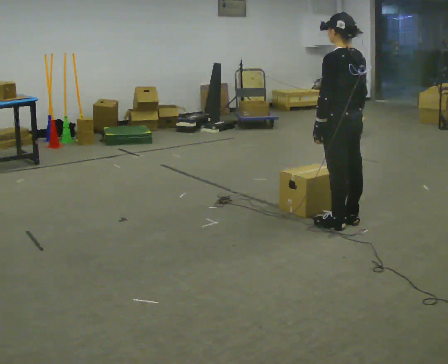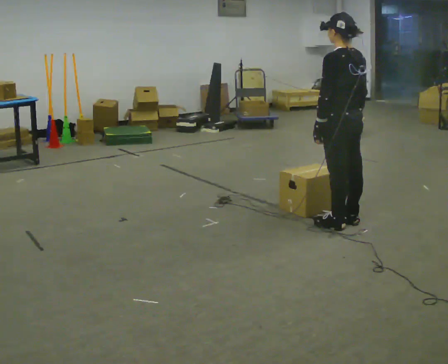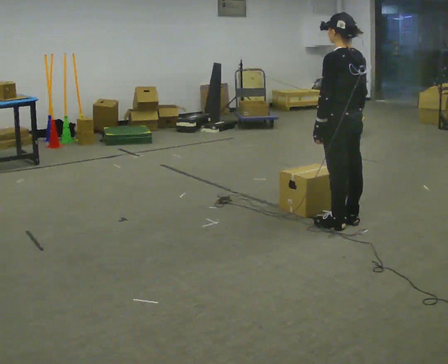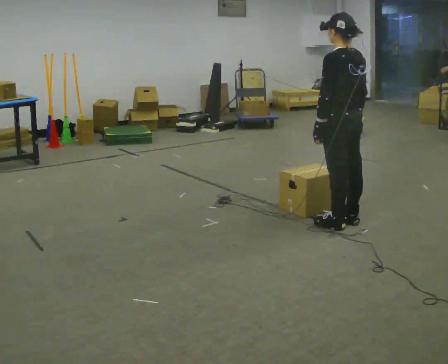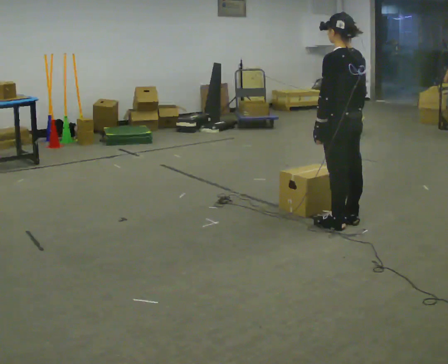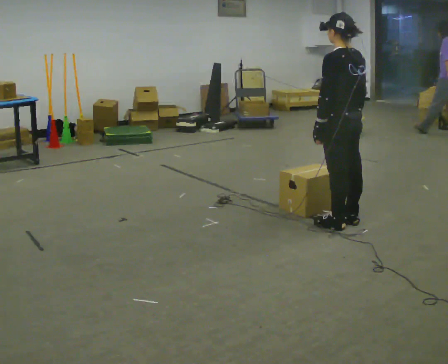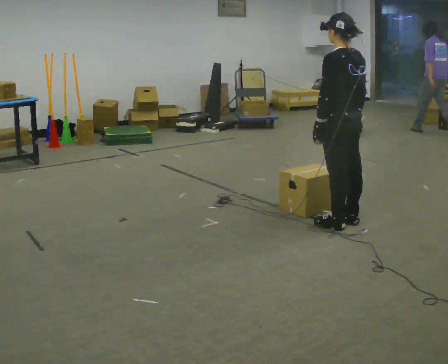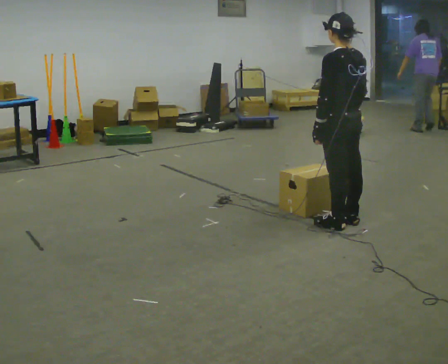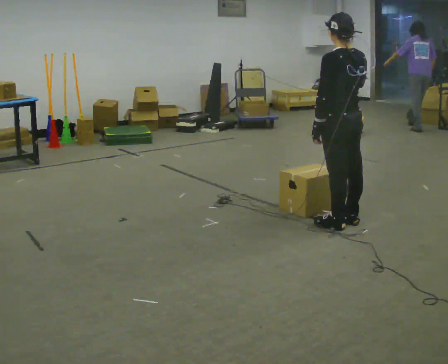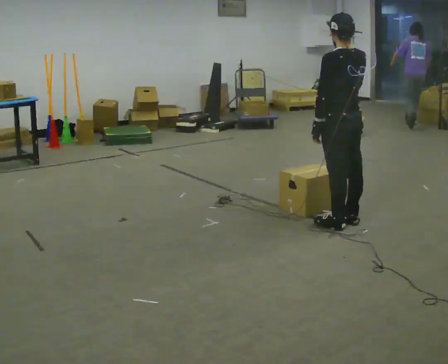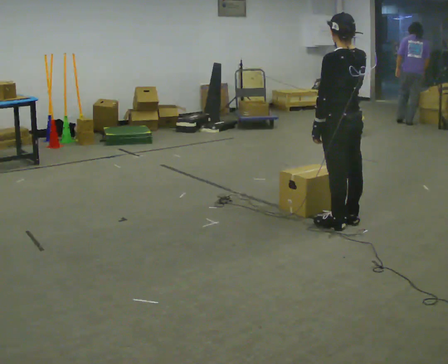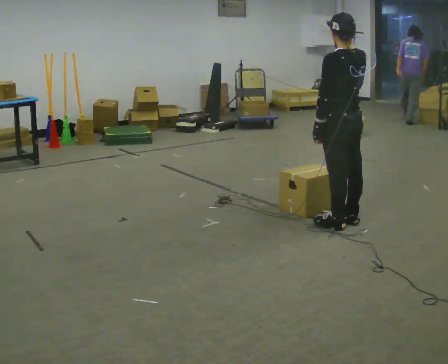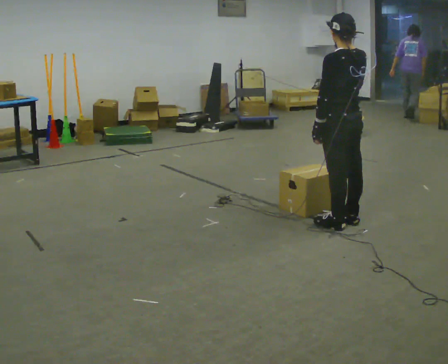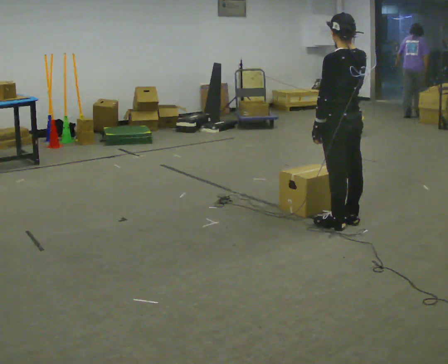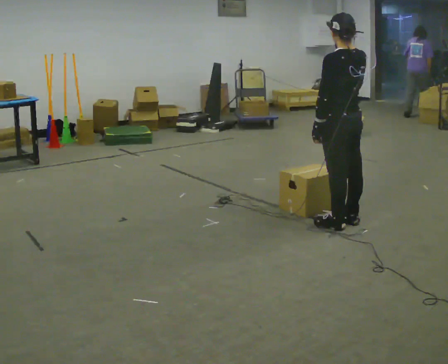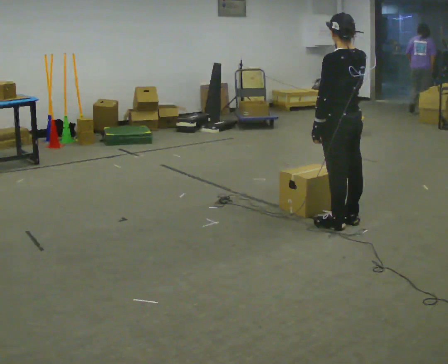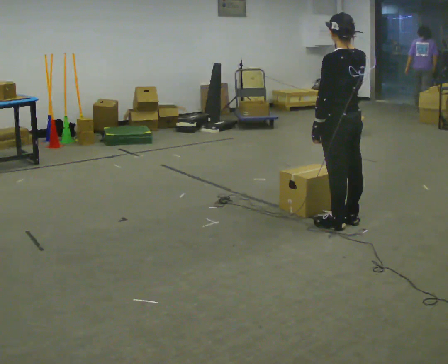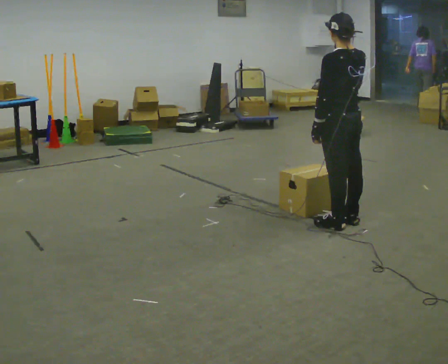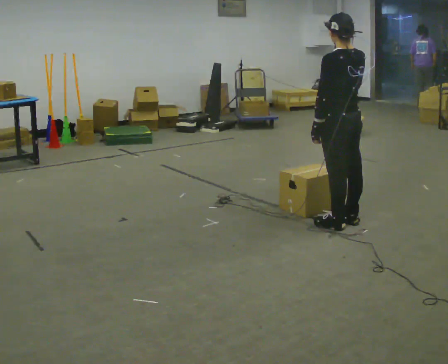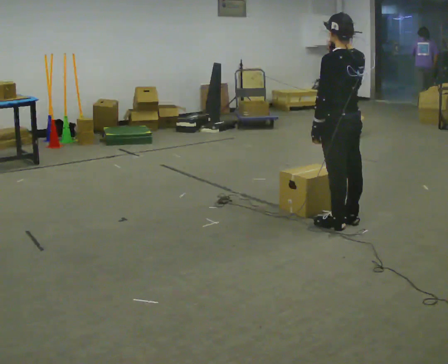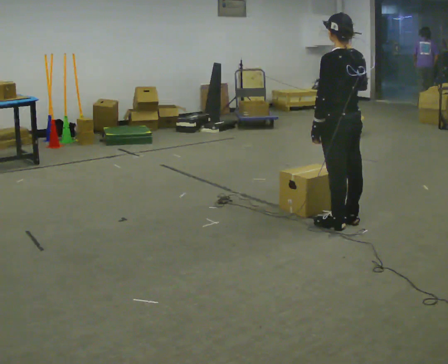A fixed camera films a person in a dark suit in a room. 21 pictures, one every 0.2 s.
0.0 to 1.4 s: The person moves a little, or ends about where they began.
1.4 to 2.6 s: In the picture their right hand goes upward.
2.6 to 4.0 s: In the picture their right hand goes downward.
The film runs forward here.
